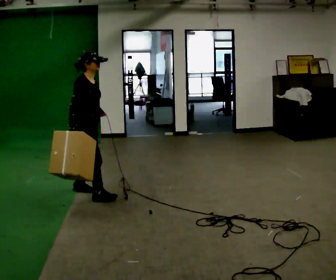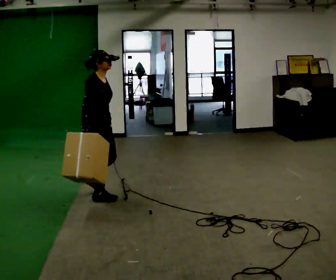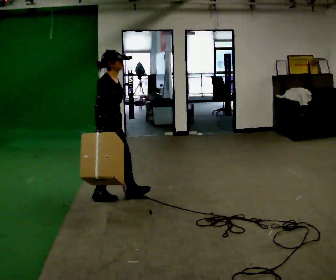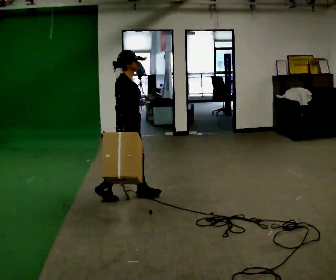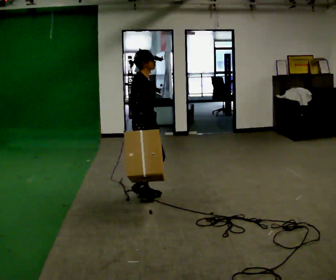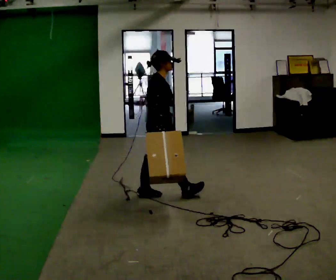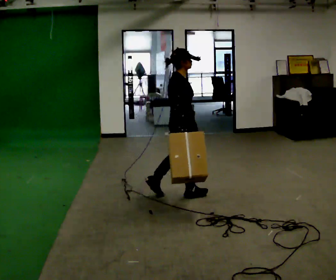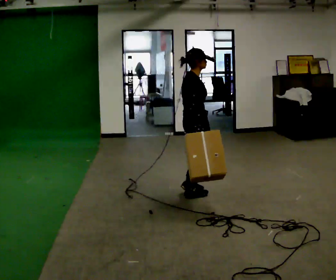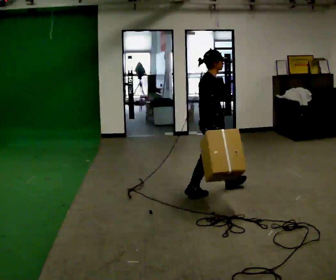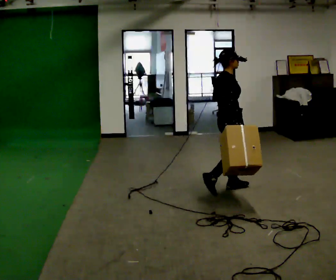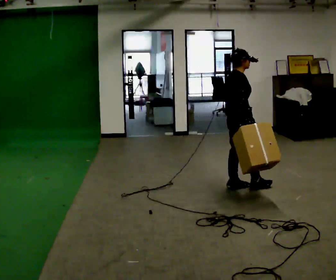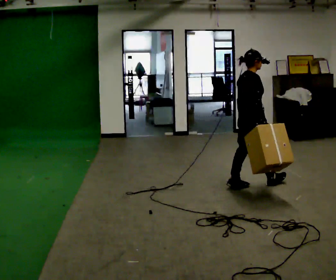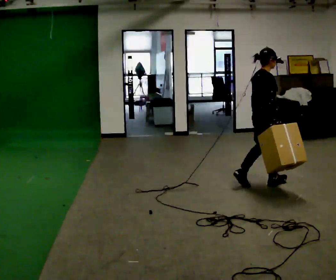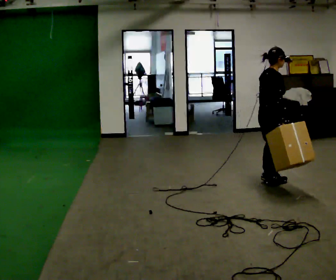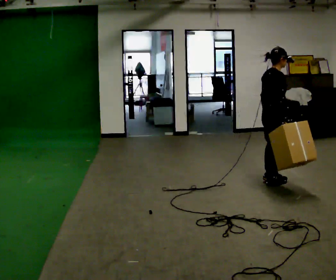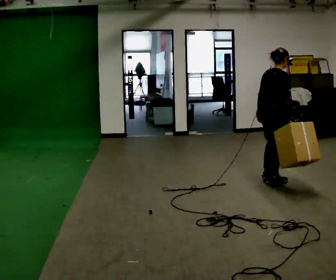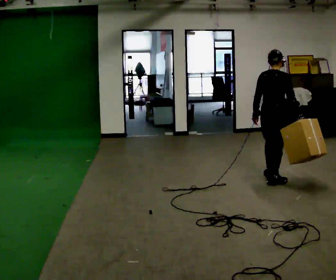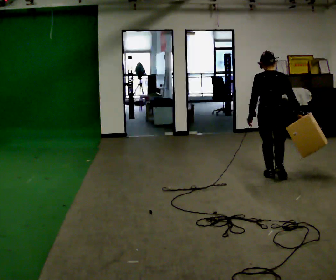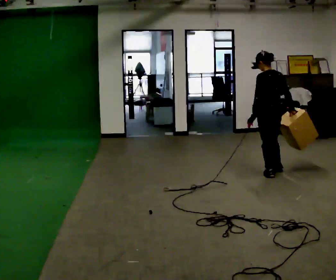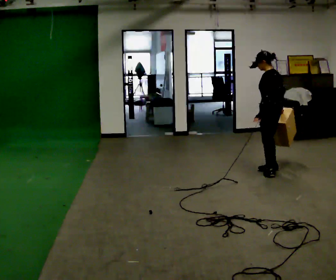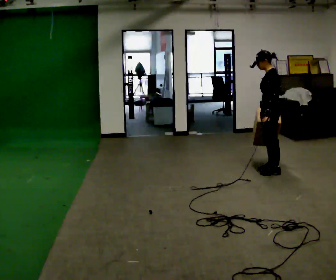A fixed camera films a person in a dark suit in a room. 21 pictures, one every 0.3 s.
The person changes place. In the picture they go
to the right.
The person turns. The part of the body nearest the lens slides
to the right.
0.0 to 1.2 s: In the picture they go to the right, about 0.5 m in 1 step, which for them is forward.
1.2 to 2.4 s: In the picture they go to the right, about 0.75 m in 2 steps, which for them is forward.
2.4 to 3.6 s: In the picture they go to the right, about 0.5 m in 1 step, which for them is forward.
3.6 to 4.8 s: The part of the body nearest the lens slides to the right as the person turns to their left by about 45 degrees. In the picture they go away from the camera, about 0.25 m in 2 steps, which for them is forward.
4.8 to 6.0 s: The person turns about 120 degrees to their left, counterclockwise seen from above, so the part of the body nearest the lens slides to the right. In the picture they go away from the camera, about 0.25 m in 1 step.
The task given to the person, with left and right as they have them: Carry the box straight from one end of the room to the other, set it down, then bring it back. Keep going until the operator says stop; one object at a time, and do not rush between trips.
The film runs forward here.
